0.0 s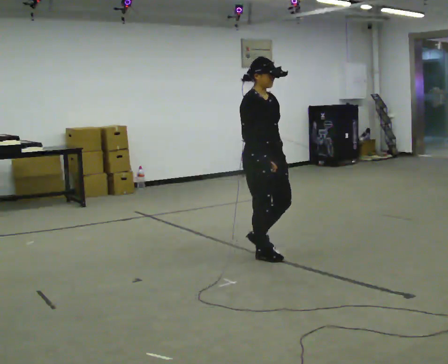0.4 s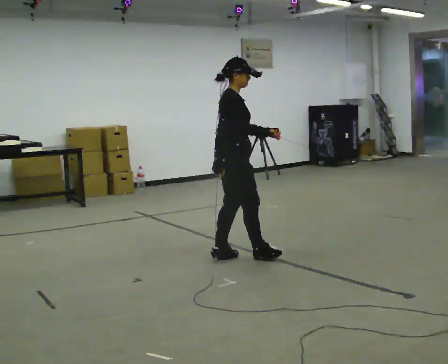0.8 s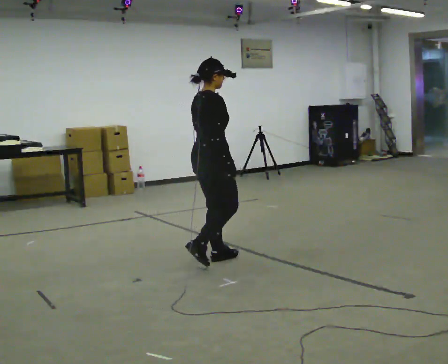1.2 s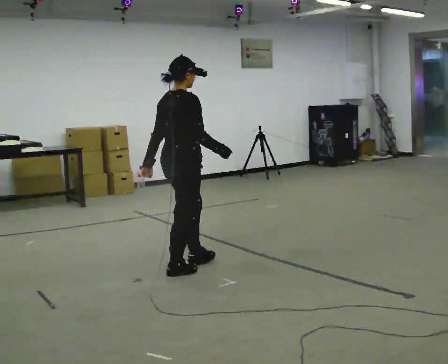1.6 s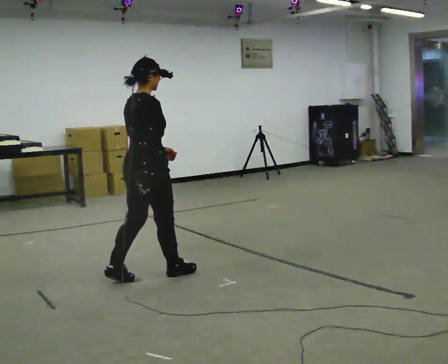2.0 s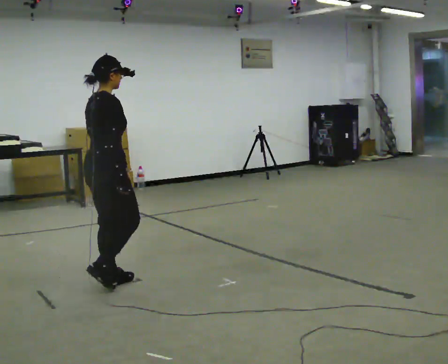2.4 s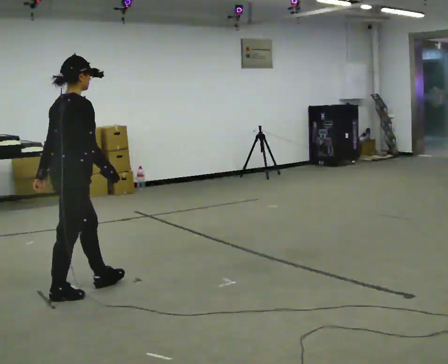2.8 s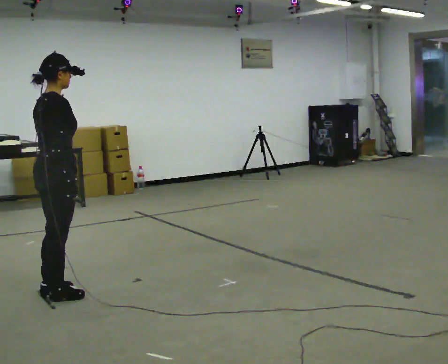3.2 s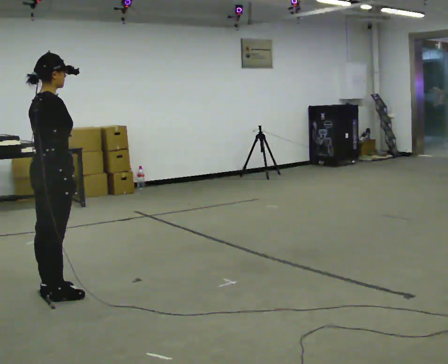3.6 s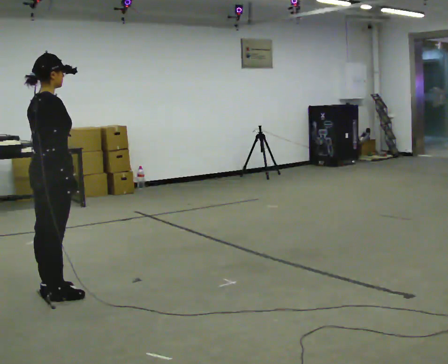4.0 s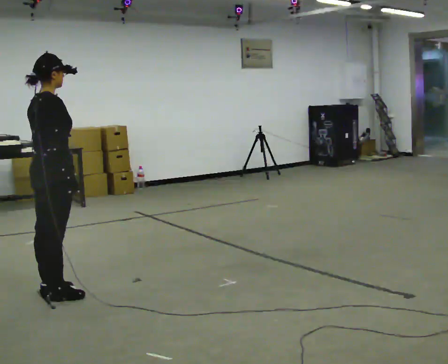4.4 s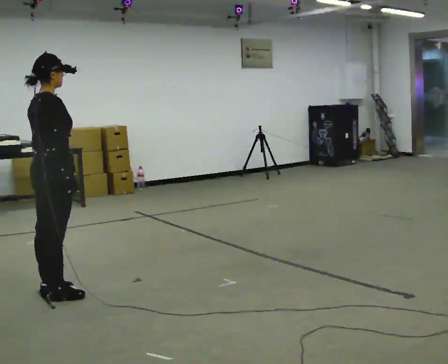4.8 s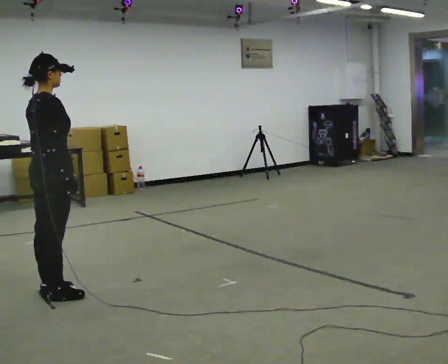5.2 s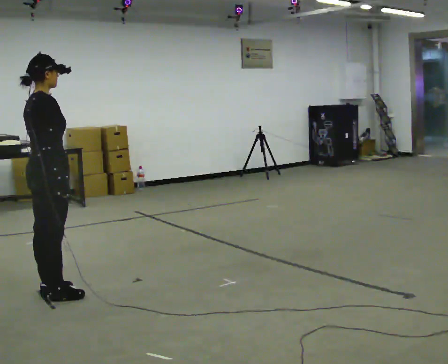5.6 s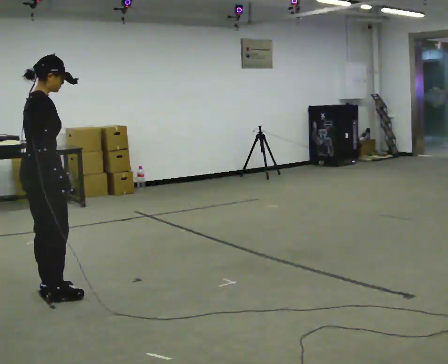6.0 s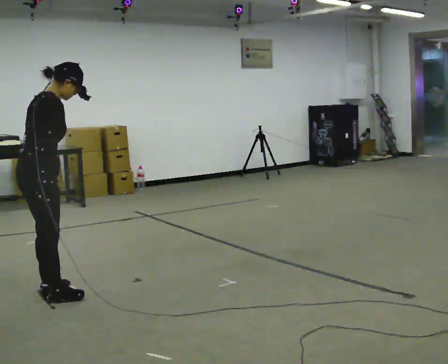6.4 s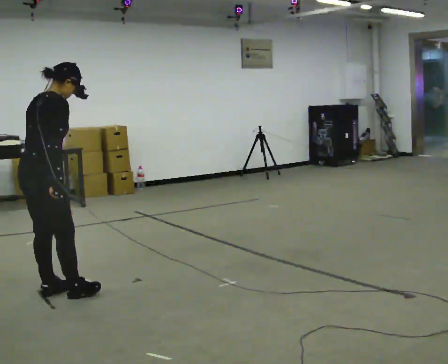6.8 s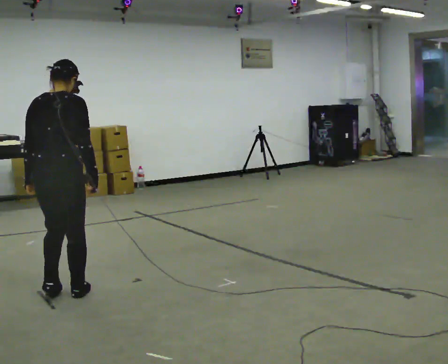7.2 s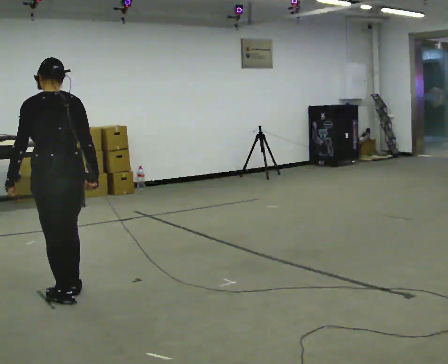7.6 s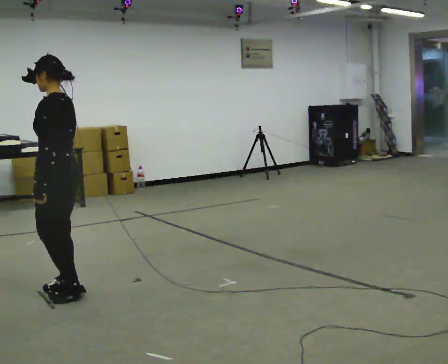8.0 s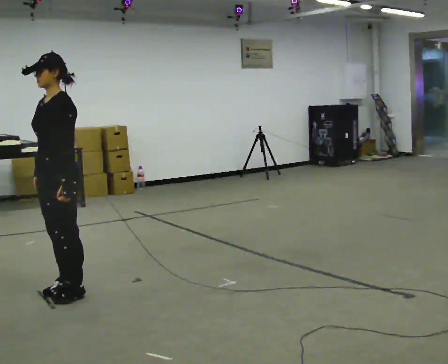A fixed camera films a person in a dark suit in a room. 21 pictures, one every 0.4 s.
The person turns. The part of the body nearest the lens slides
to the right.
The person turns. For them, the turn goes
to their left.
0.0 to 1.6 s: The part of the body nearest the lens slides to the right as the person turns to their left by about 75 degrees. In the picture they go to the left, about 1 m in 2 steps.
1.6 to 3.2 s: In the picture they go to the left, about 0.5 m in 2 steps, which for them is backward.
3.2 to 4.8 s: The person keeps their place and pose.
4.8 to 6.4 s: In the picture the upper body tilts clockwise, shoulders to the right, as they bend forward.
6.4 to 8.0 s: Seen from above the body turns counterclockwise, about 180 degrees: to their left, with its near side sliding to the right. In the picture they go to the right, about 0.25 m in 1 step.
The film runs backward here.
